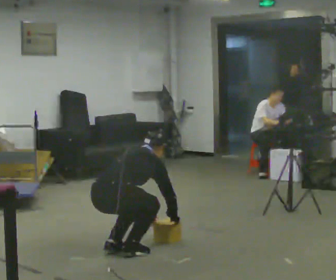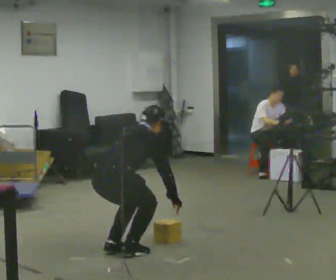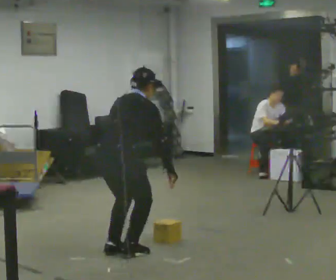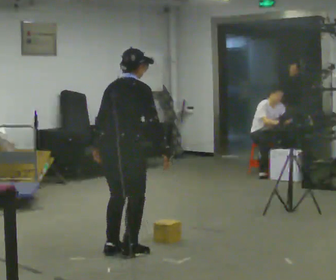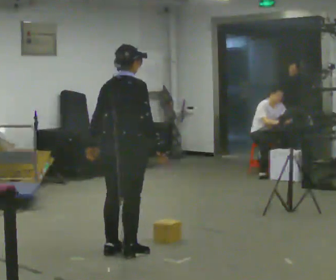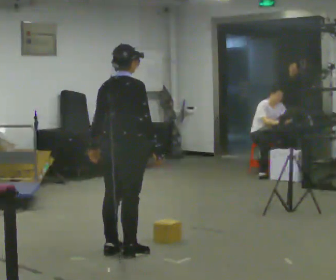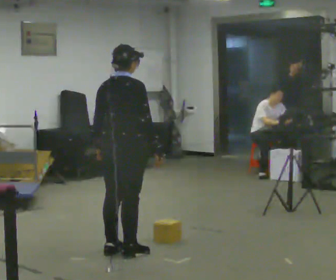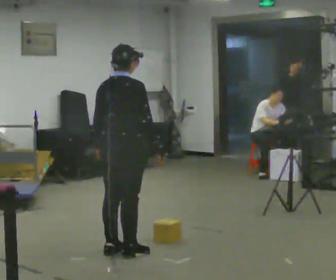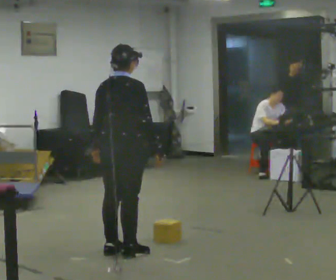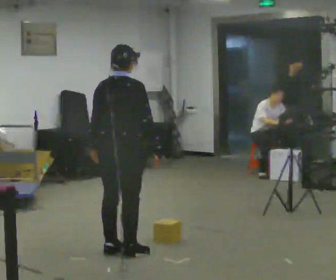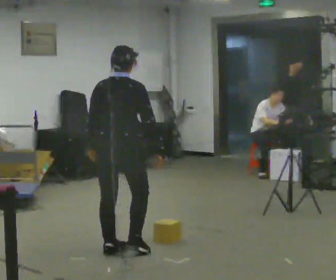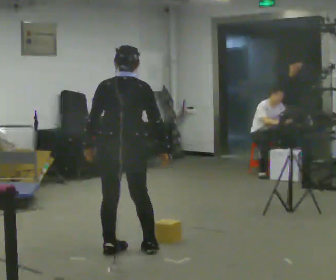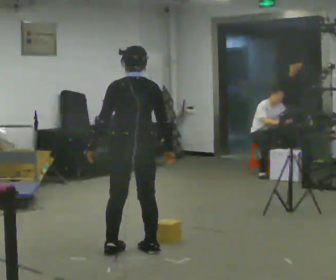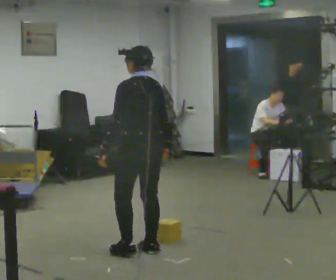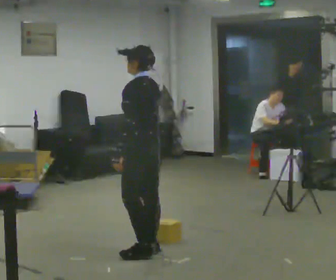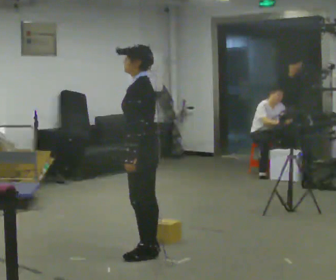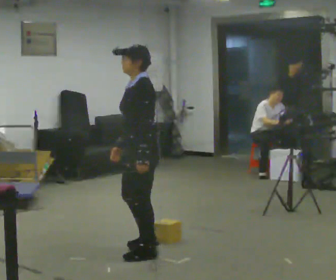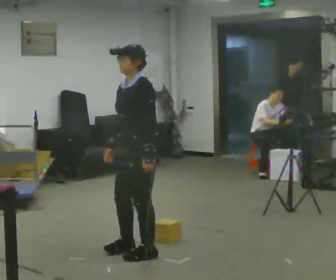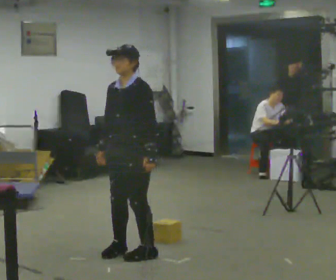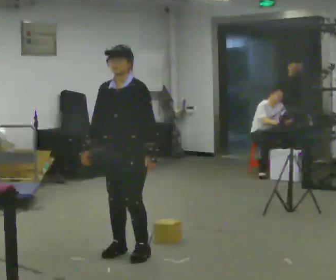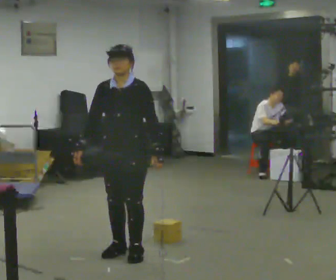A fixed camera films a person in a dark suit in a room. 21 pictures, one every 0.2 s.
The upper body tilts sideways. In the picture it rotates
counterclockwise.
Their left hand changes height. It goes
upward.
0.0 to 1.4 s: The shoulders move upward. In the picture the upper body tilts counterclockwise, shoulders to the left, as they lean back or straighten. In the picture their left hand goes upward and to the left.
1.4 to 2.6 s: The person turns about 75 degrees to their left, counterclockwise seen from above, so the part of the body nearest the lens slides to the right. In the picture they go to the right, about 0.25 m in 1 step.
2.6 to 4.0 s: The part of the body nearest the lens slides to the right as the person turns to their left by about 120 degrees. In the picture their right hand goes to the left, the arm swinging clockwise.
The film runs forward here.
